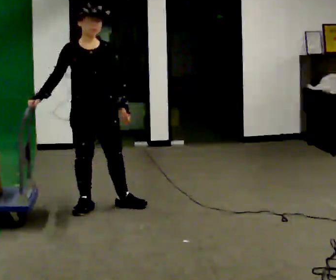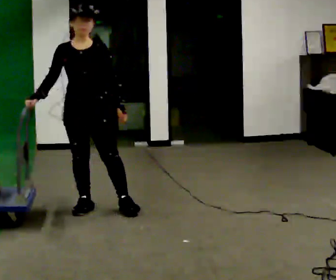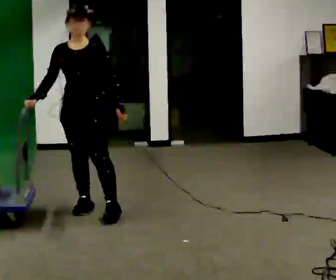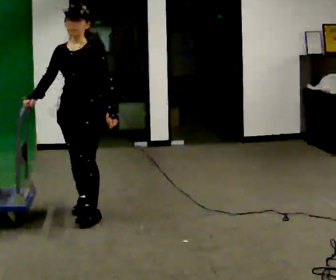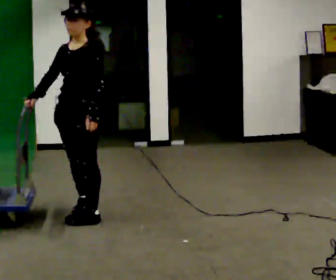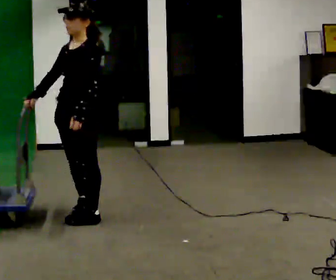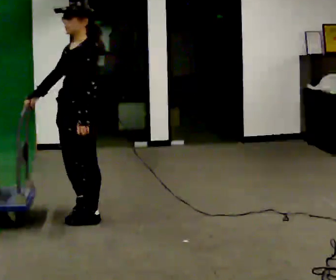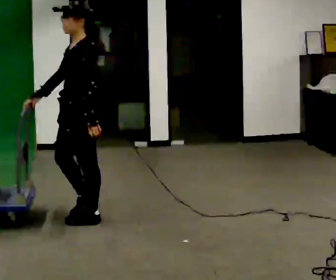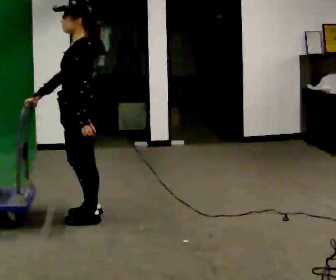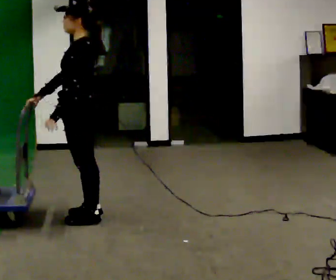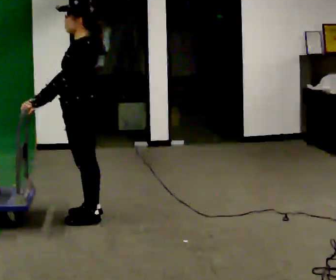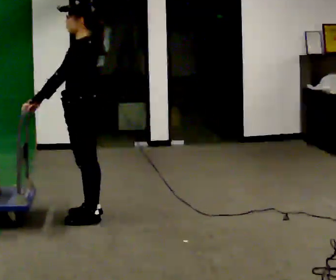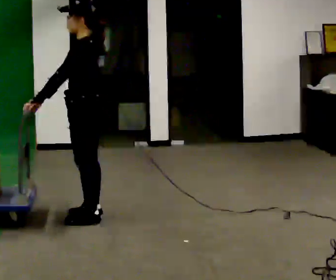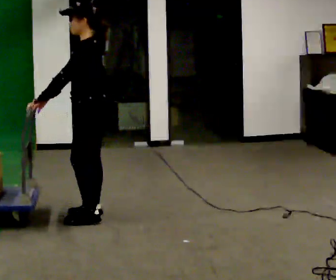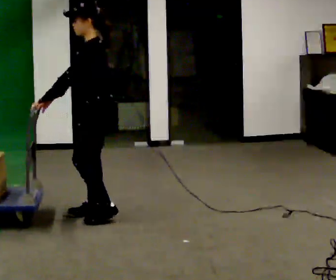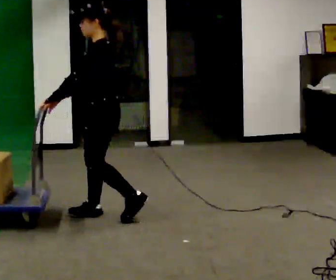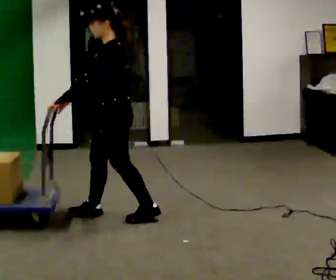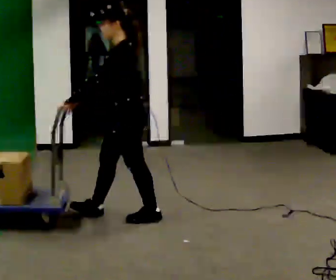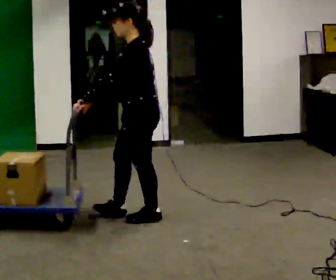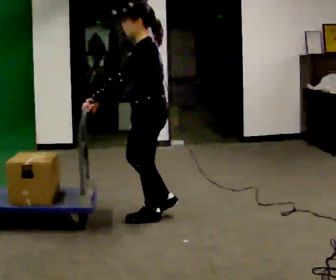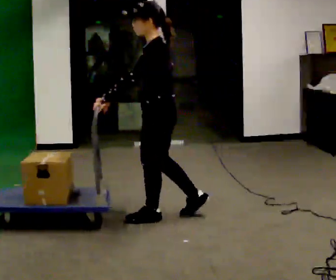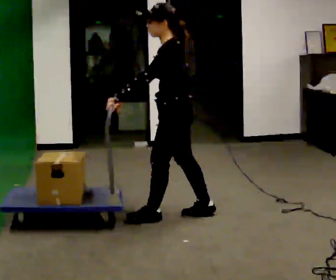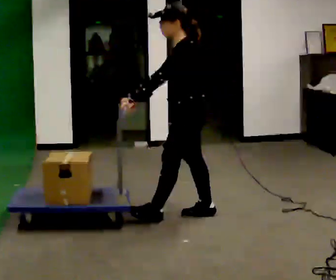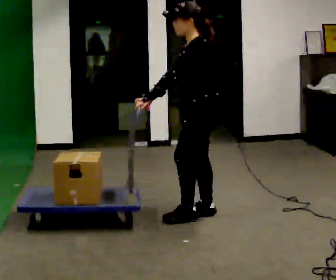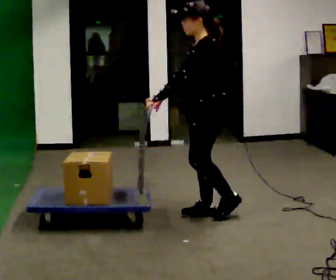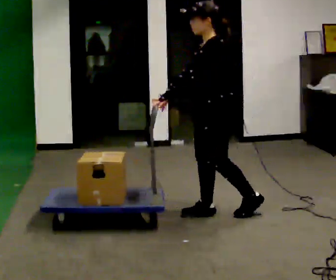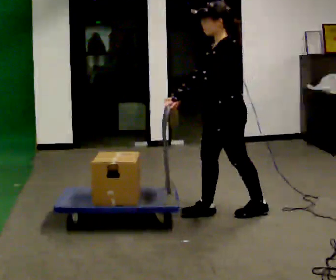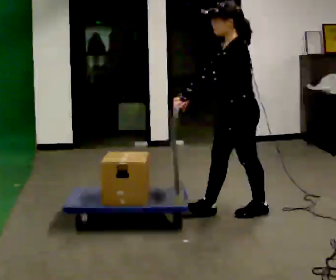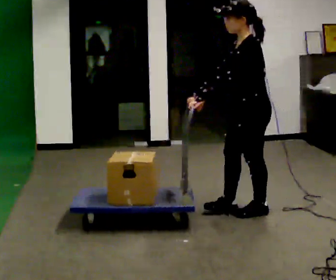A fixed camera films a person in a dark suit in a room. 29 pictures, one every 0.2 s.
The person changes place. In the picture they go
to the right.
The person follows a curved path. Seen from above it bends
counterclockwise.
0.0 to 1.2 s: The person turns about 75 degrees to their right, clockwise seen from above, so the part of the body nearest the lens slides to the left. In the picture they go toward the camera, about 0.25 m in 1 step.
1.2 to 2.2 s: Seen from above the body turns clockwise, about 30 degrees: to their right, with its near side sliding to the left. In the picture their left hand goes to the left, the arm swinging clockwise.
2.2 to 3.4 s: In the picture they go to the right, about 0.25 m in 1 step, which for them is backward.
3.4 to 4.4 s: In the picture they go to the right, about 0.5 m in 1 step, which for them is backward.
4.4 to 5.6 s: In the picture they go to the right, about 0.5 m in 2 steps, which for them is backward.
The film runs backward here.
